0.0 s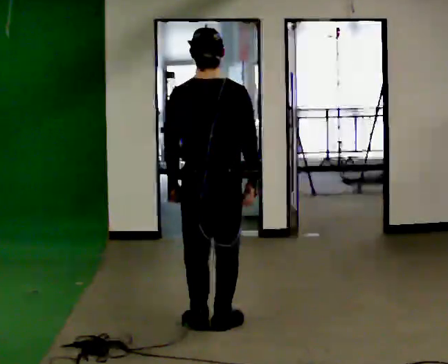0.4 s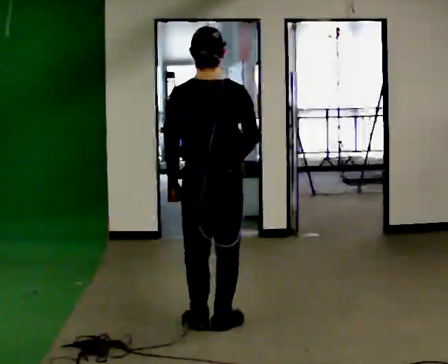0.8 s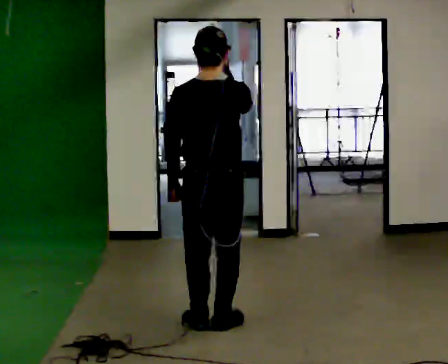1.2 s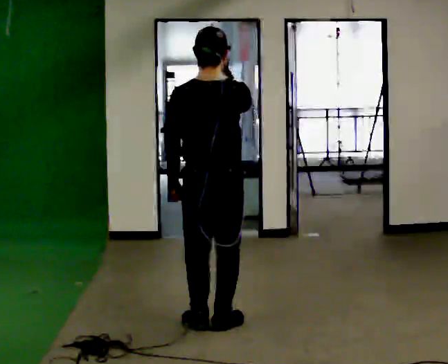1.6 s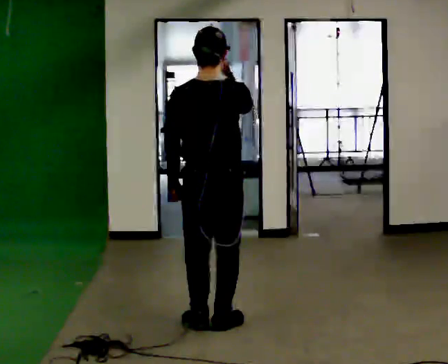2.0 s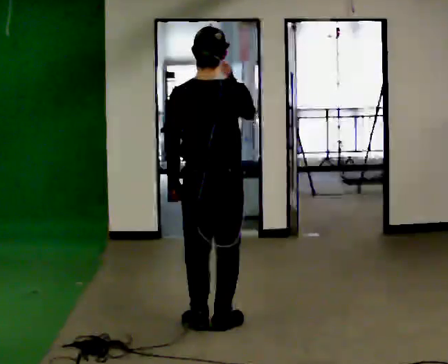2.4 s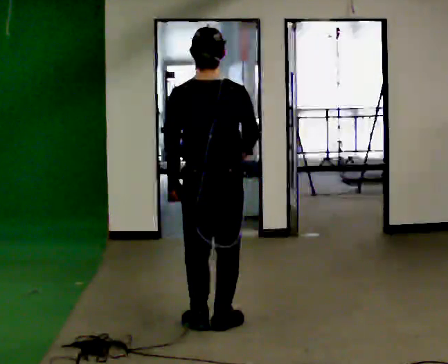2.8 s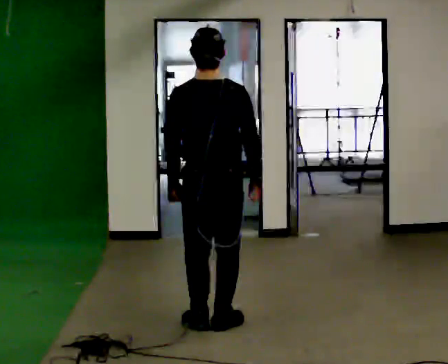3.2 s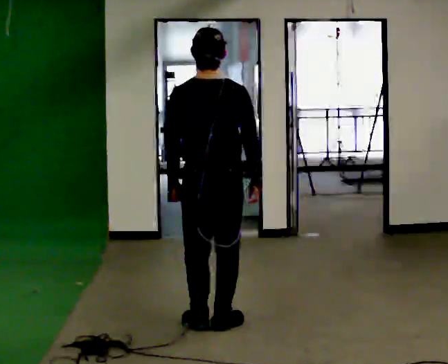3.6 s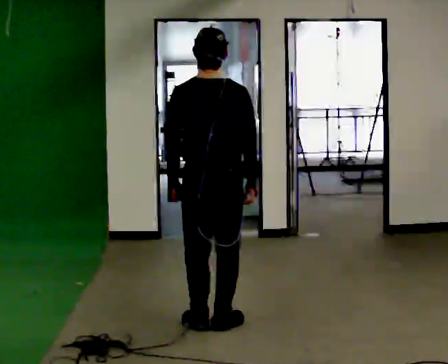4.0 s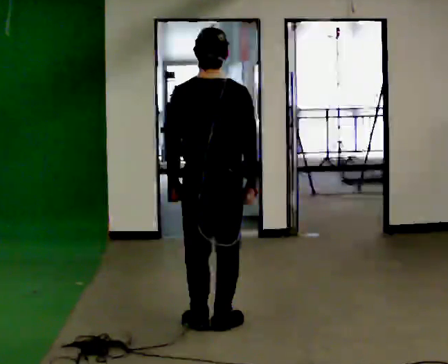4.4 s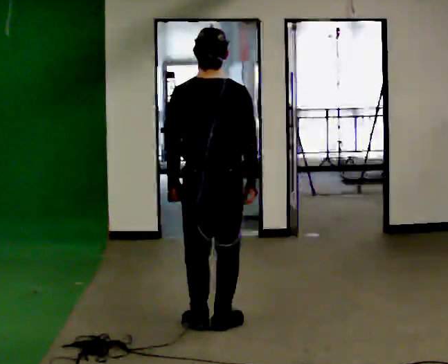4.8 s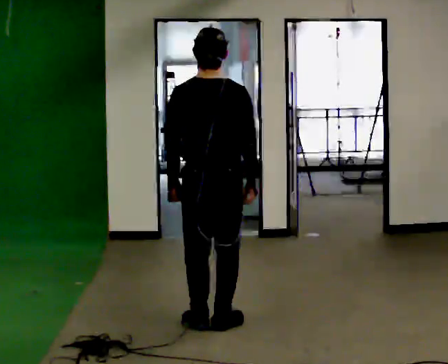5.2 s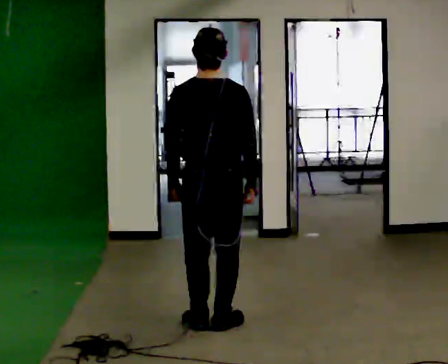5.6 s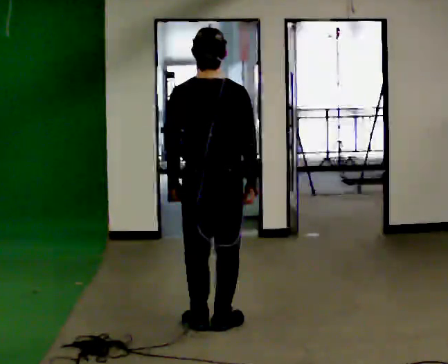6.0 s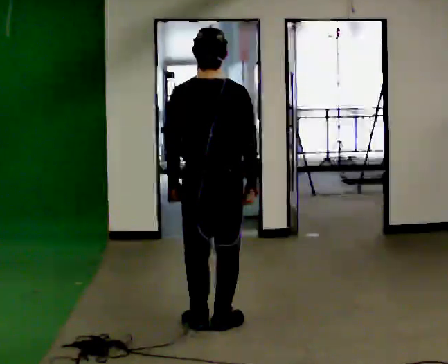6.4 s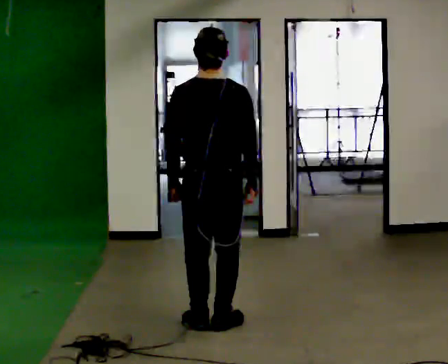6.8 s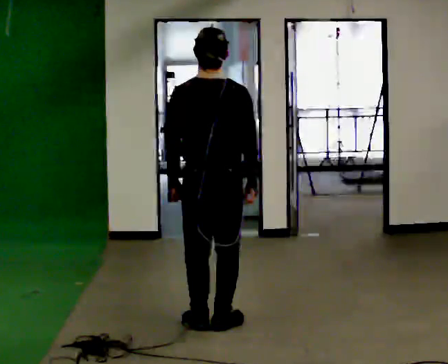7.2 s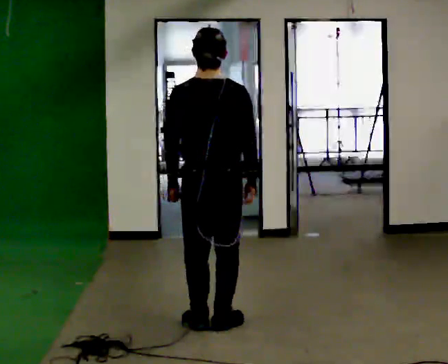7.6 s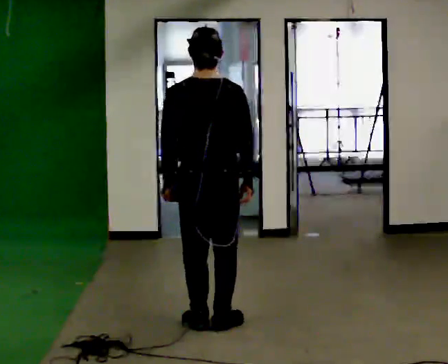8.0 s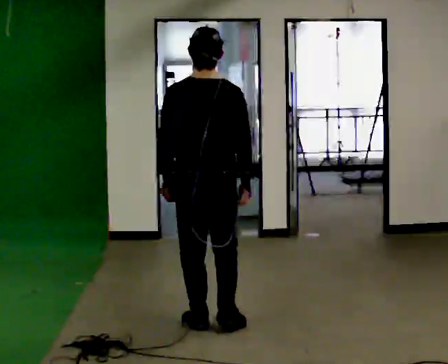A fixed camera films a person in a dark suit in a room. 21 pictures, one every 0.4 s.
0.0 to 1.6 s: In the picture their right hand goes upward.
1.6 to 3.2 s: In the picture their right hand goes downward.
3.2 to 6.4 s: The person keeps their place and pose.
6.4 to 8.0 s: The person moves a little, or ends about where they began.
The film runs backward here.
